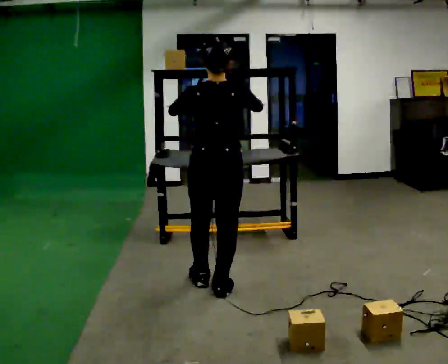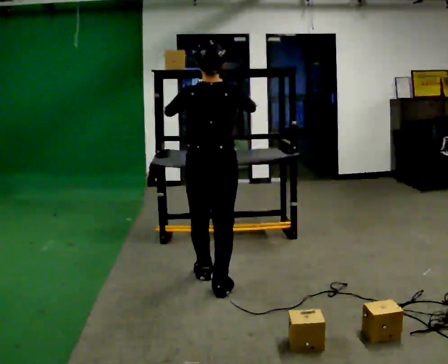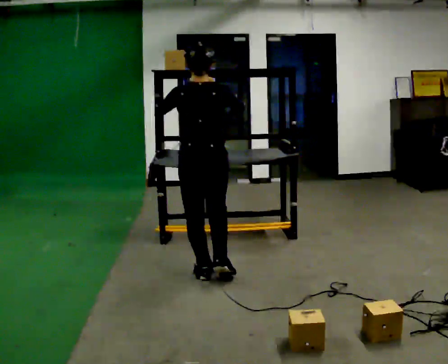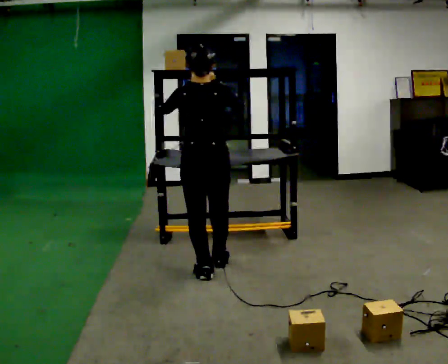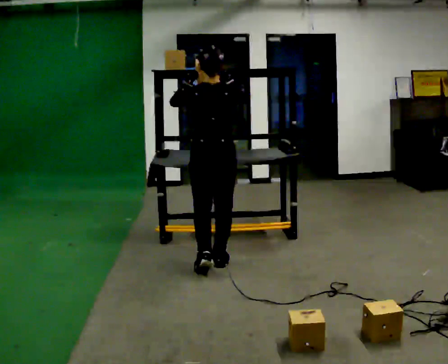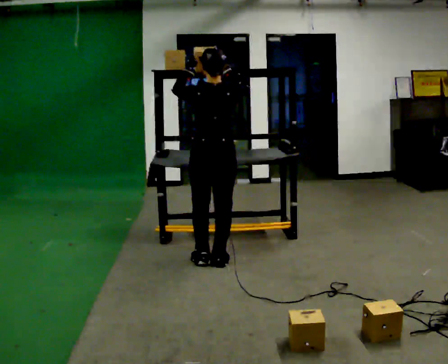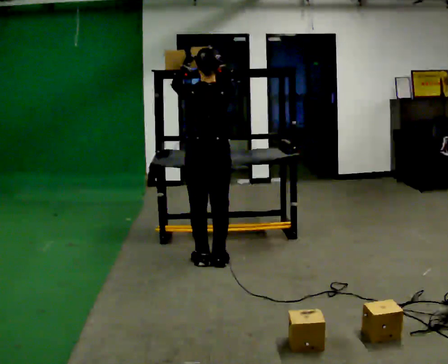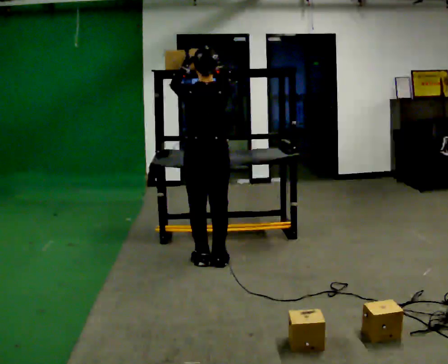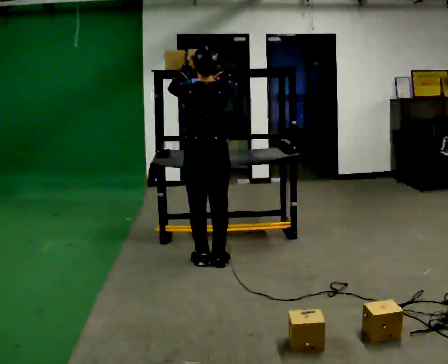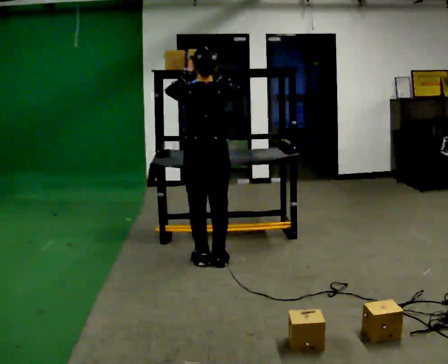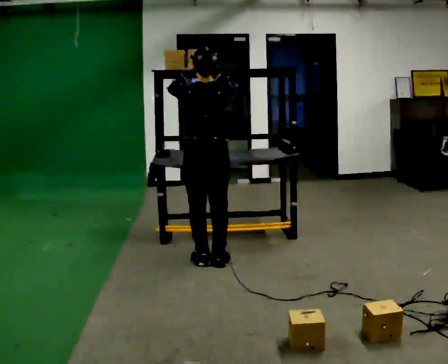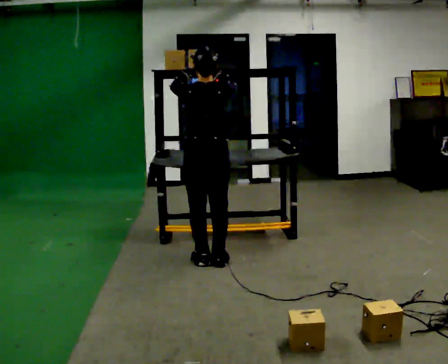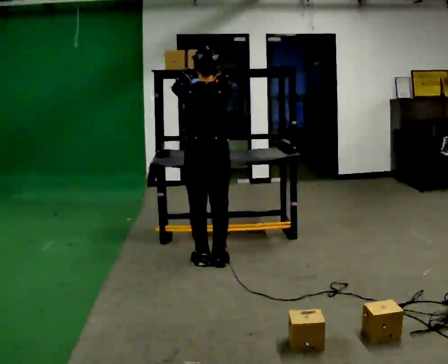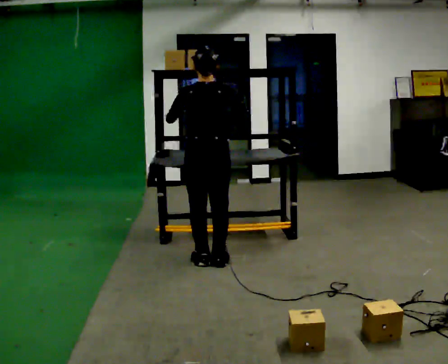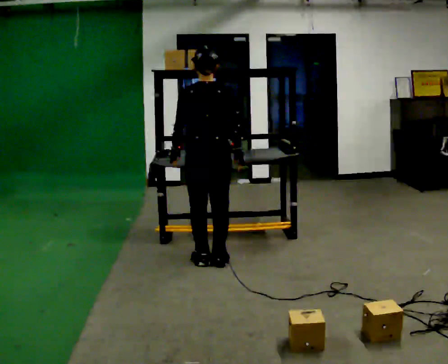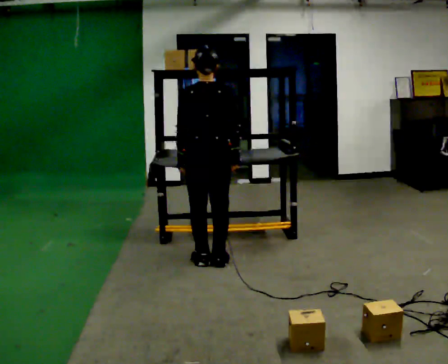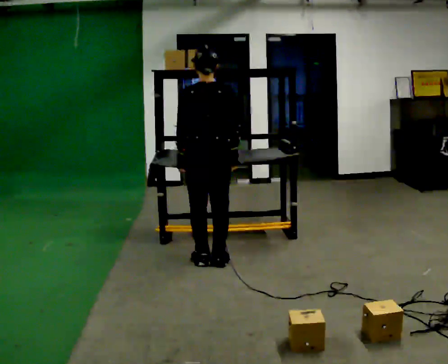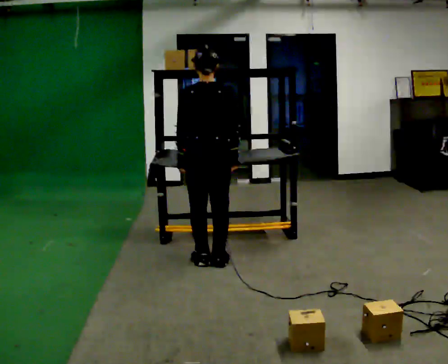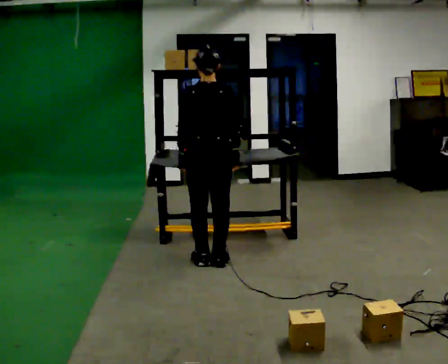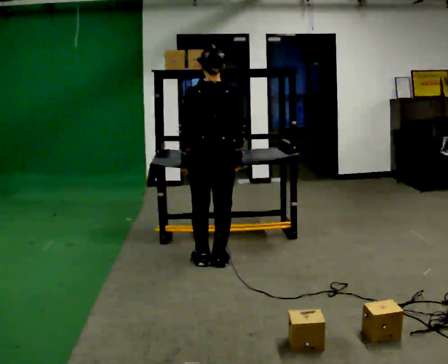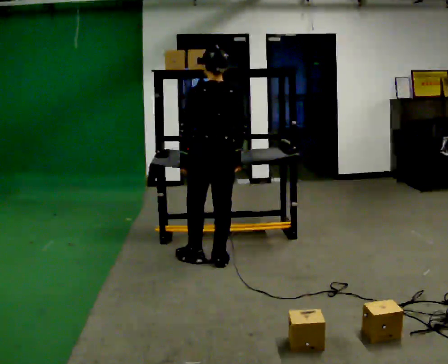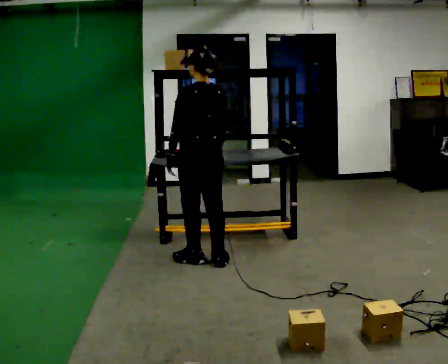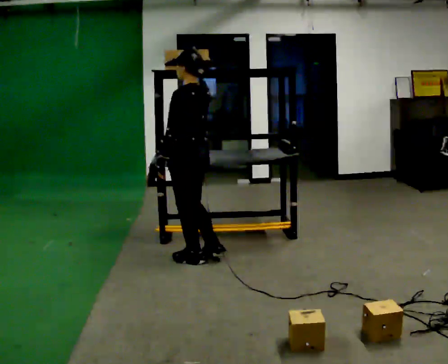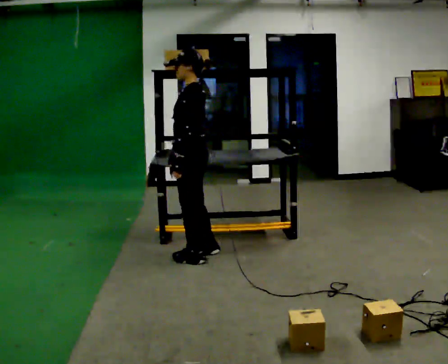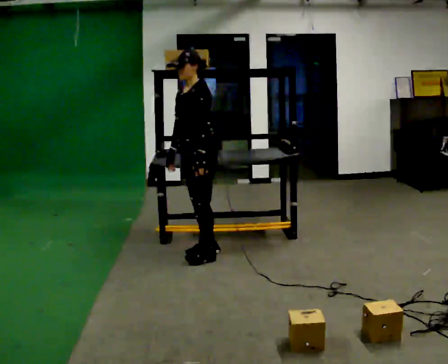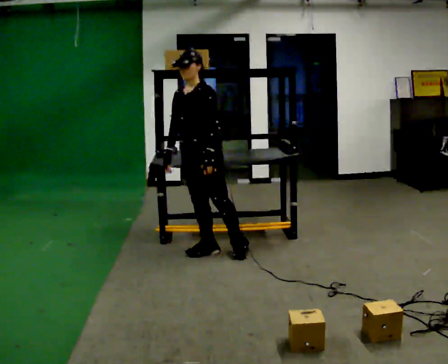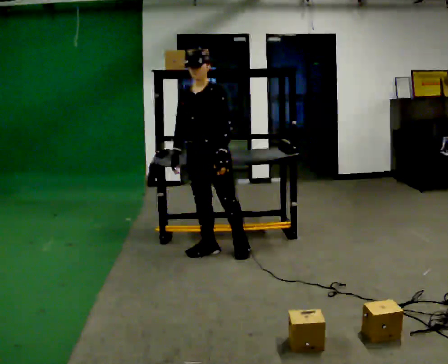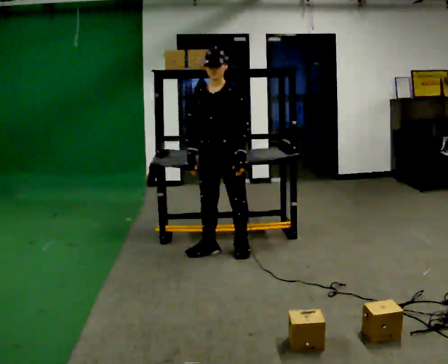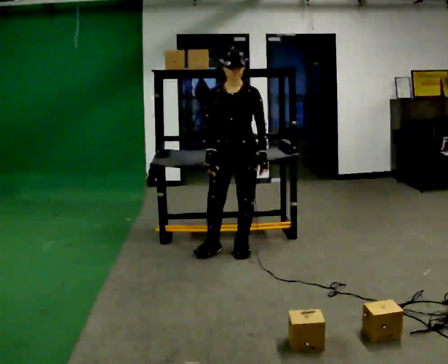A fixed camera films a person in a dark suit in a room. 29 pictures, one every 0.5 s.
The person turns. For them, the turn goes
to their left.
The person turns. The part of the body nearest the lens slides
to the right.
0.0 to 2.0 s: In the picture they go away from the camera, about 0.5 m in 2 steps, which for them is forward.
2.0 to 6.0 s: The person moves a little, or ends about where they began.
6.0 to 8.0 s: In the picture their right hand goes downward.
8.0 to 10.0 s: The person moves a little, or ends about where they began.
10.0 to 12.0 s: The person turns about 105 degrees to their left, counterclockwise seen from above, so the part of the body nearest the lens slides to the right. In the picture they go away from the camera, about 0.25 m in 1 step.
12.0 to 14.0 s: The part of the body nearest the lens slides to the right as the person turns to their left by about 45 degrees. In the picture they go to the right, about 0.25 m in 1 step, which for them is to their left.
The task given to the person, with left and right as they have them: Pick an object up off the floor, carry it across the room, and place it on the highest shelf you can comfortably reach. Keep going until the operator says stop; one object at a time, and do not rush between trips.
The film runs forward here.
